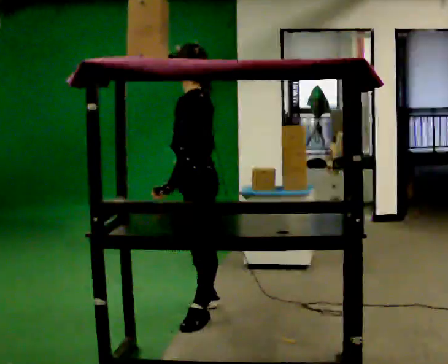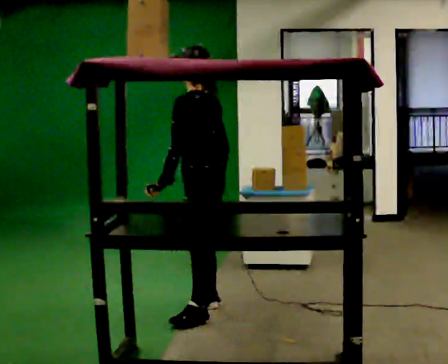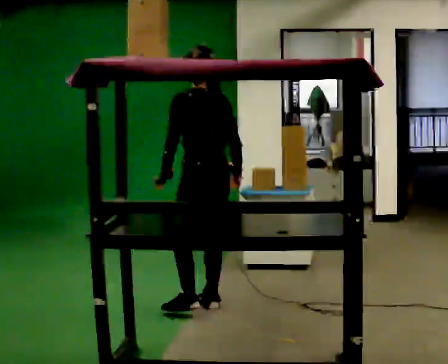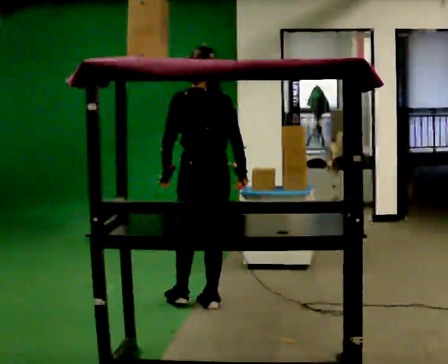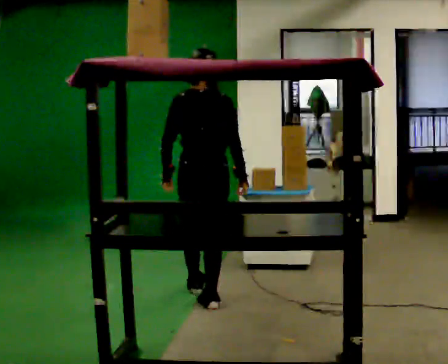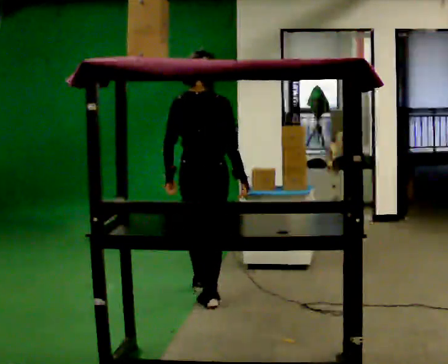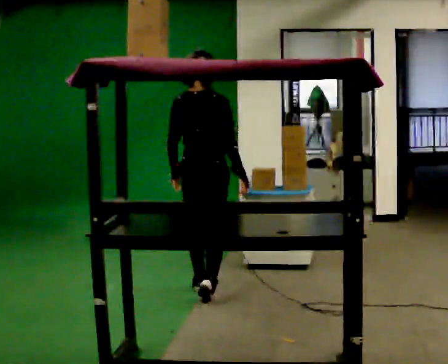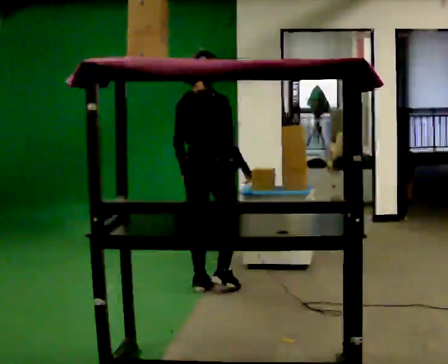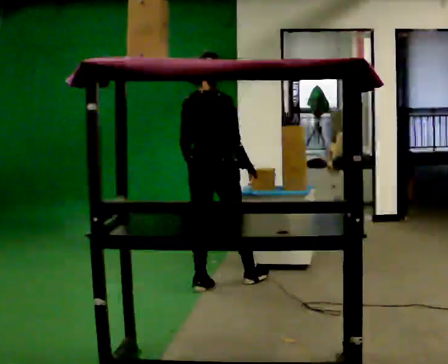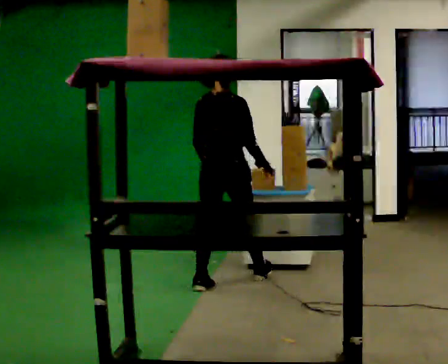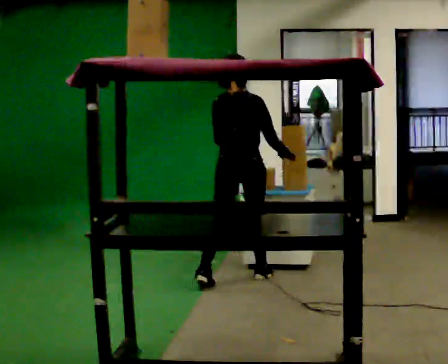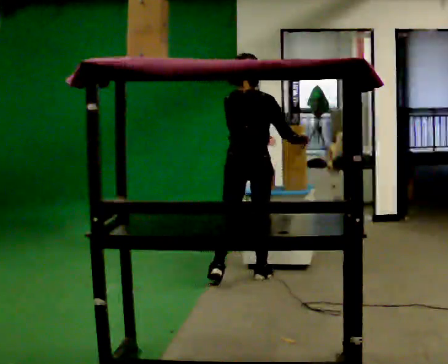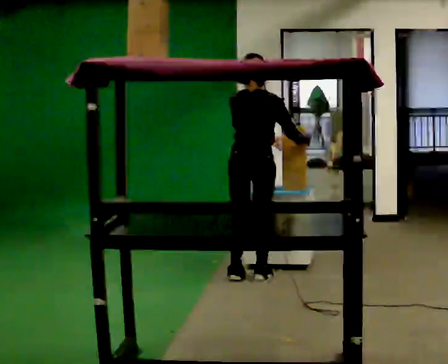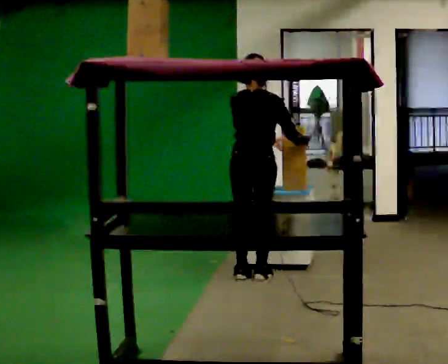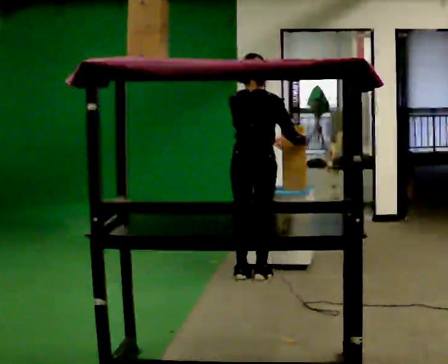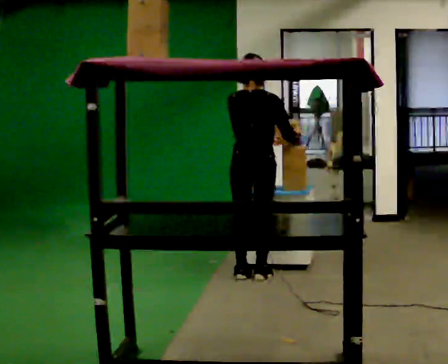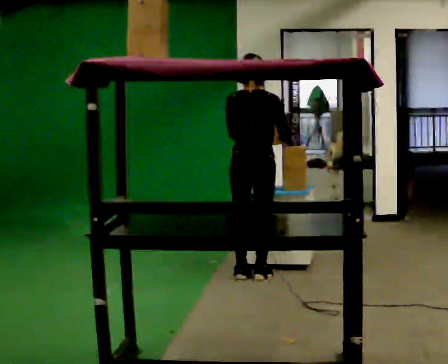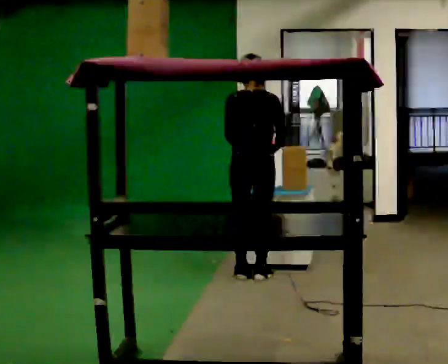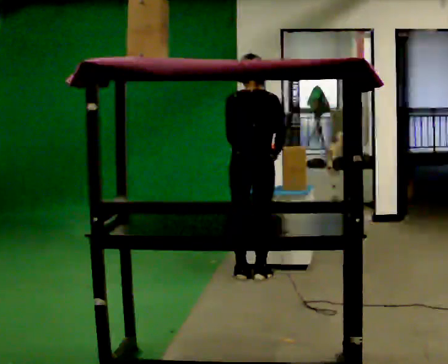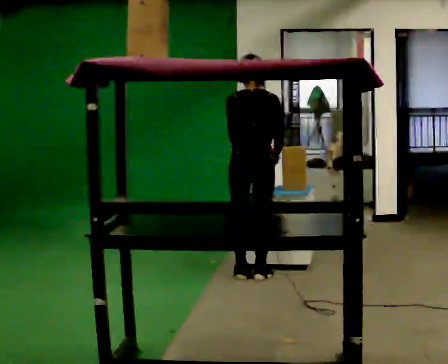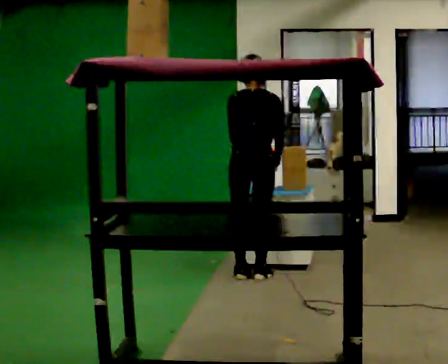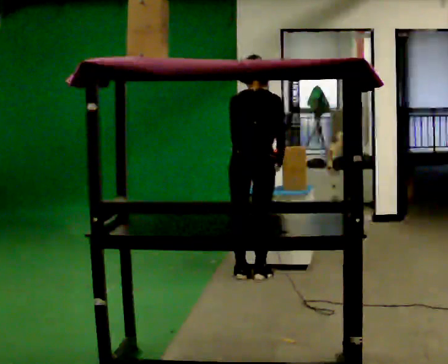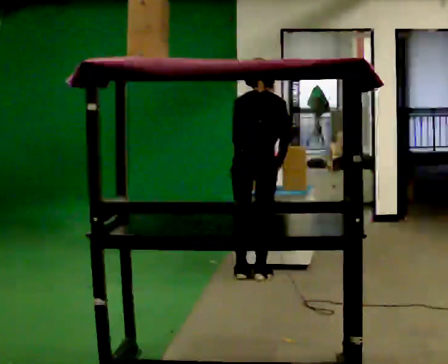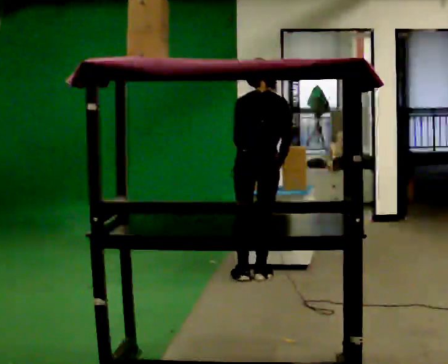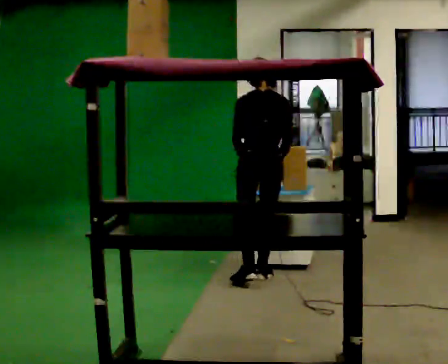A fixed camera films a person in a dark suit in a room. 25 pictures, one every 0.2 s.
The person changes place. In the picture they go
away from the camera.
0.0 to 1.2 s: The part of the body nearest the lens slides to the left as the person turns to their right by about 105 degrees. In the picture they go away from the camera, about 0.5 m in 1 step.
1.2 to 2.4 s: In the picture they go away from the camera and to the right, about 0.5 m in 1 step, which for them is forward.
2.4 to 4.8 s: Seen from above the body turns counterclockwise, about 30 degrees: to their left, with its near side sliding to the right.
The film runs forward here.
